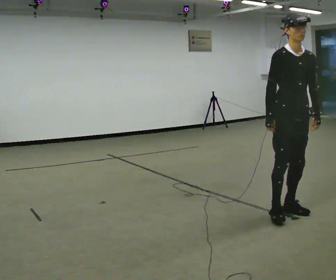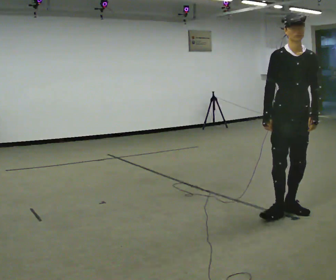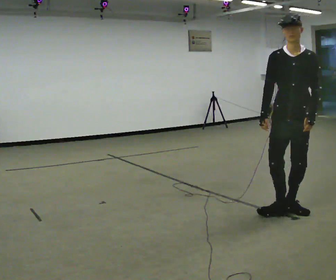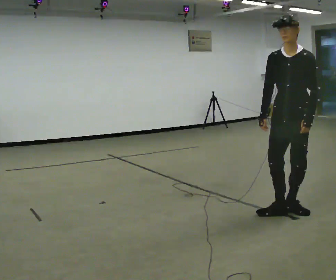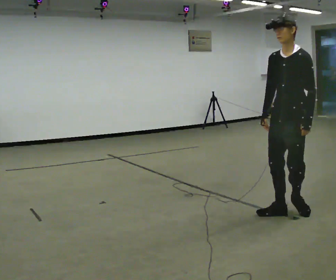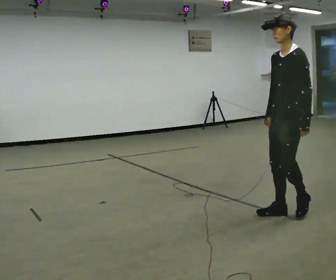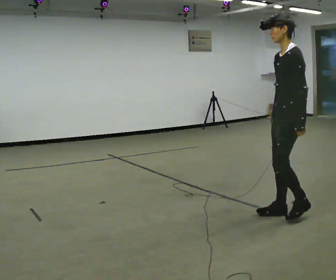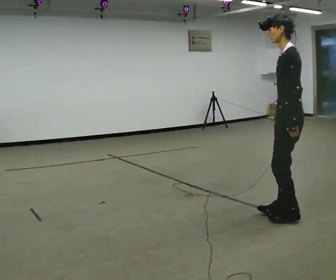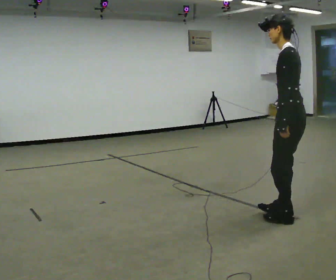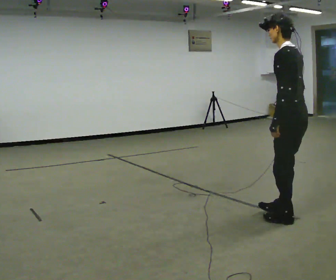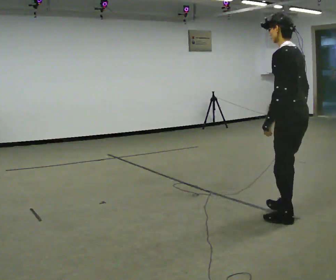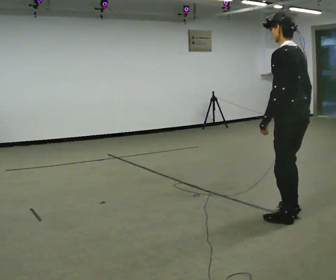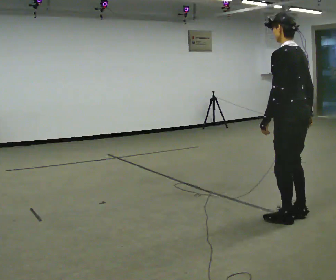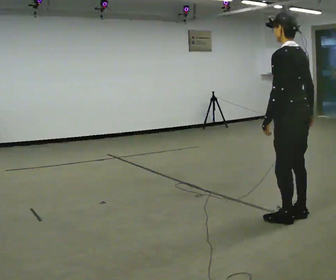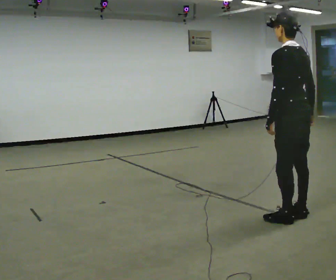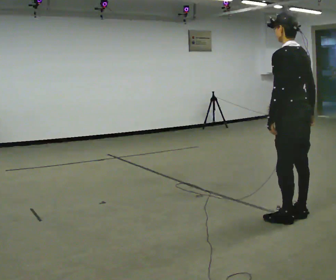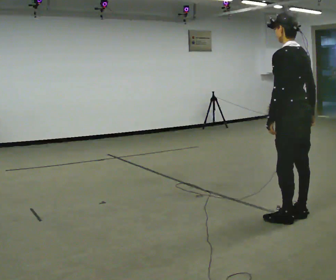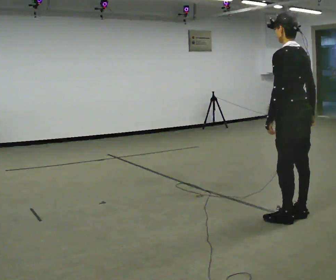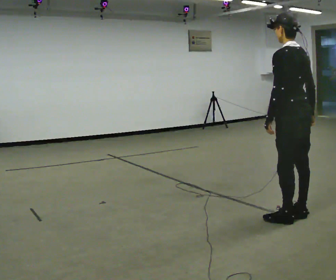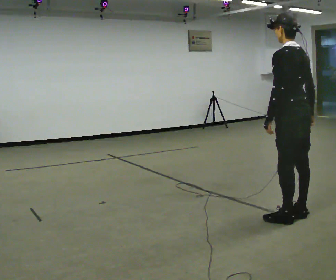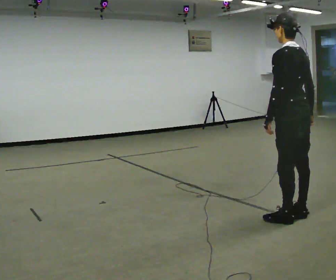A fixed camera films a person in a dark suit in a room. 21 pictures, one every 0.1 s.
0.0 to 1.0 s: The person turns about 150 degrees to their right, clockwise seen from above, so the part of the body nearest the lens slides to the left. In the picture their right hand goes to the right.
1.0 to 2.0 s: The person moves a little, or ends about where they began.
The film runs forward here.
